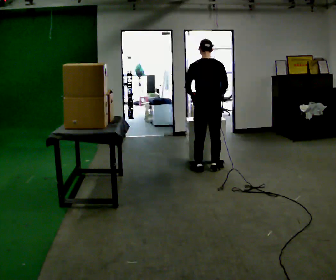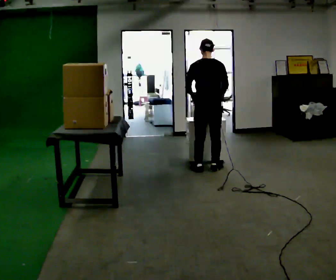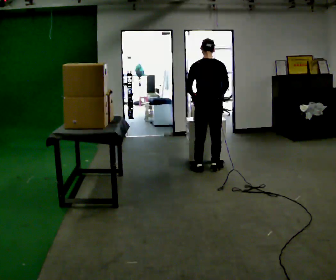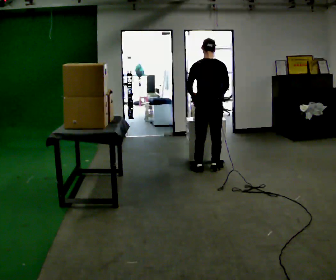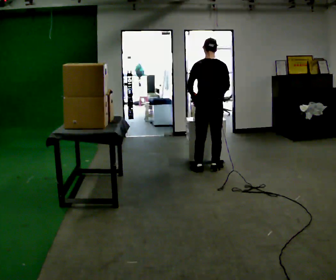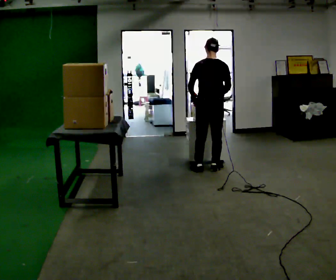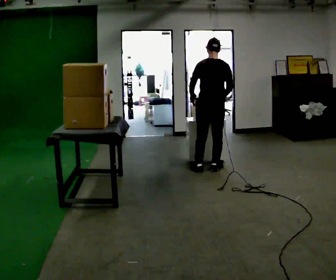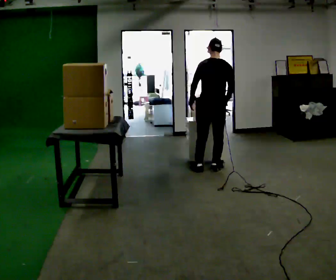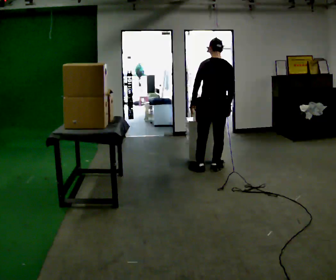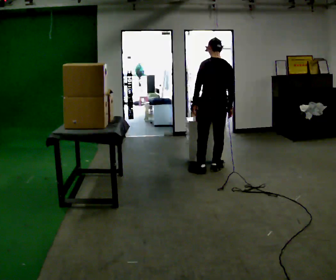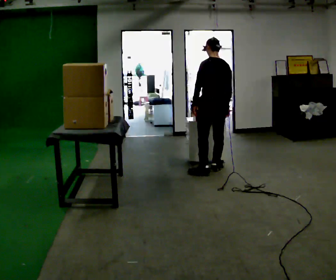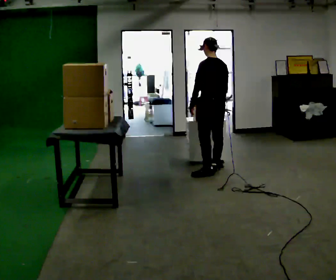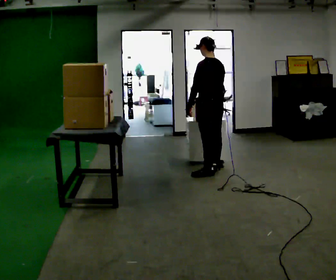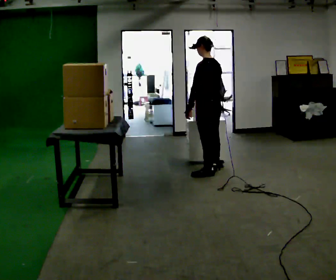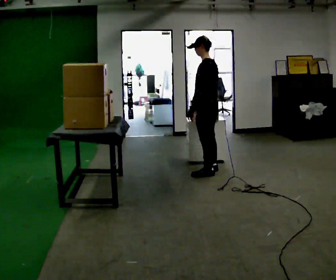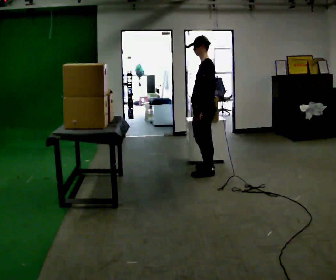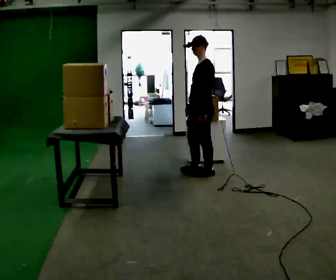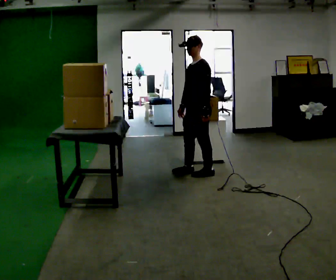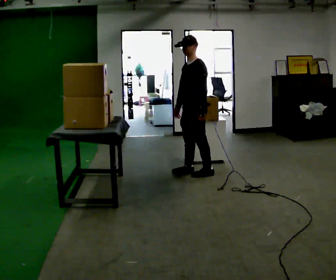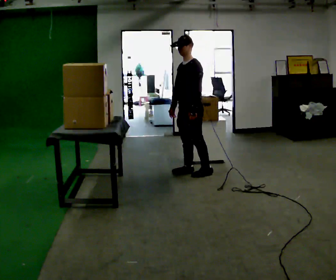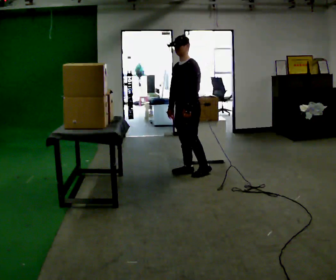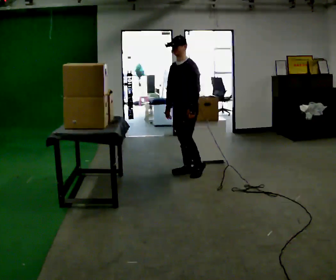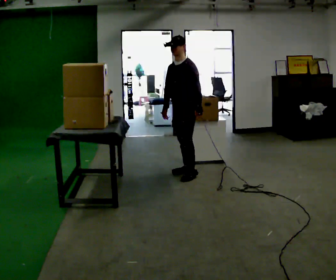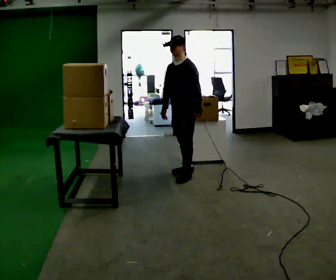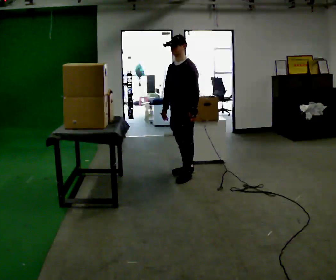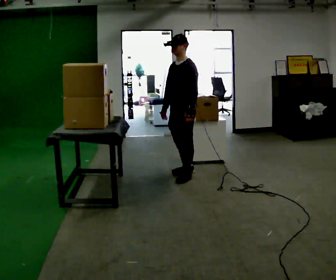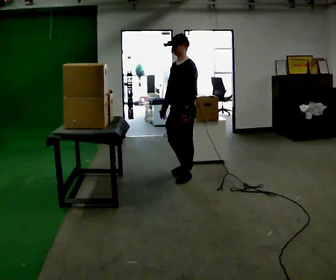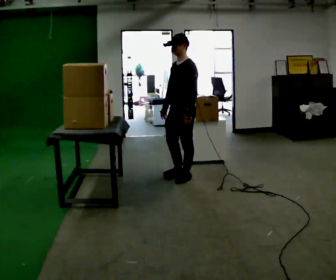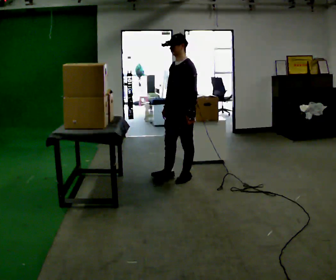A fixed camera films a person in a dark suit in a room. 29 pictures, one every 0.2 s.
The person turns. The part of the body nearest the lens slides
to the right.
The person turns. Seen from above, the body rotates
counterclockwise.
0.0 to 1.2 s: The person moves a little, or ends about where they began.
1.2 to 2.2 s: Seen from above the body turns counterclockwise, about 30 degrees: to their left, with its near side sliding to the right.
2.2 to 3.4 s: Seen from above the body turns counterclockwise, about 75 degrees: to their left, with its near side sliding to the right. In the picture they go to the left, about 0.25 m in 1 step.
3.4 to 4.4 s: The person turns about 30 degrees to their left, counterclockwise seen from above, so the part of the body nearest the lens slides to the right. In the picture they go to the left, about 0.25 m, which for them is to their right.
4.4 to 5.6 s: In the picture they go toward the camera, about 0.25 m in 1 step, which for them is forward and to their left.
The film runs forward here.
